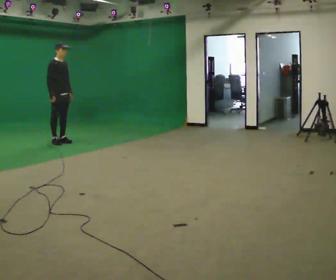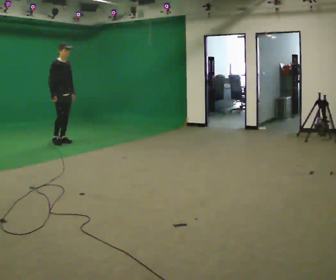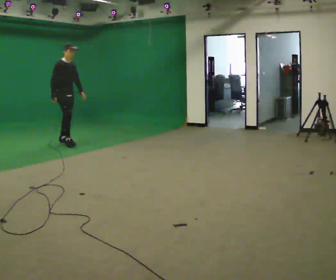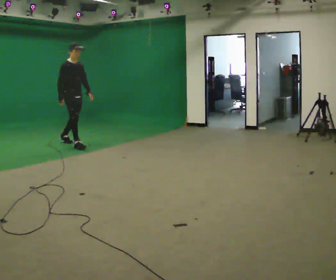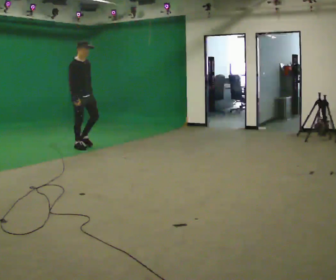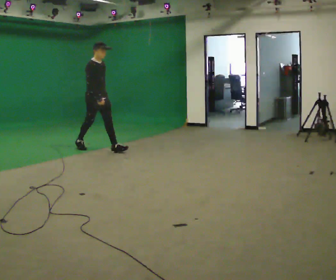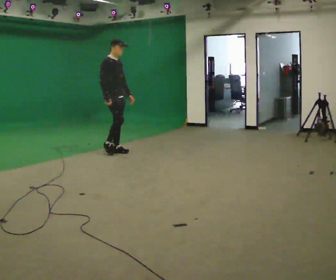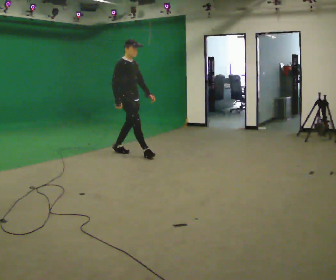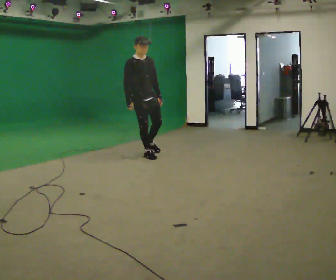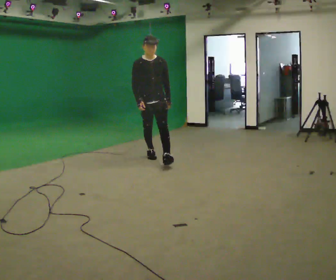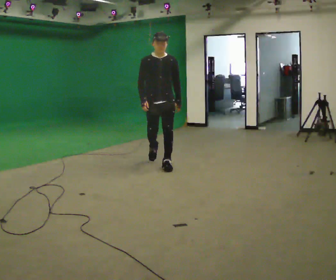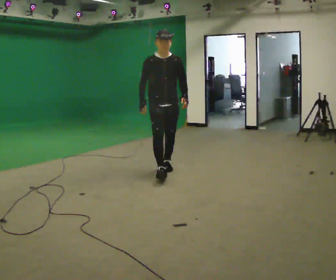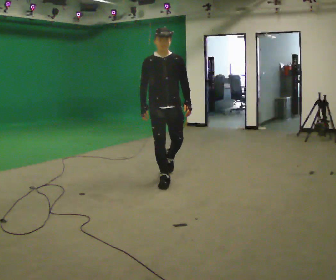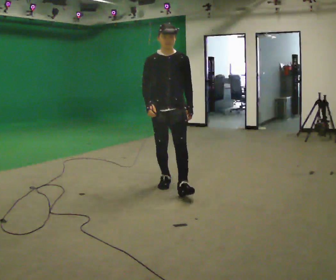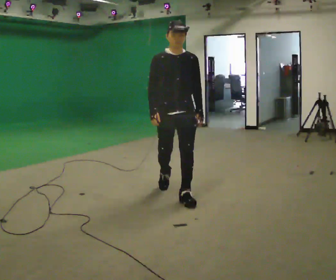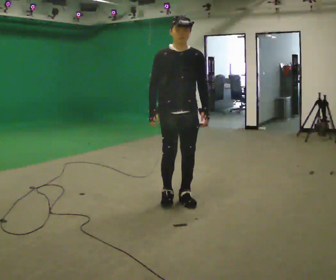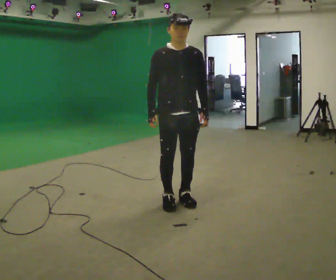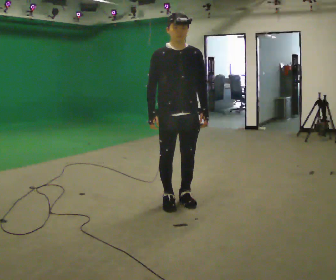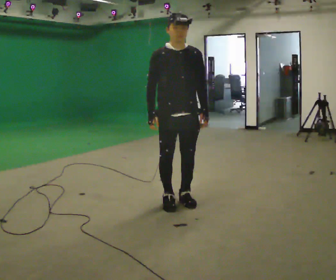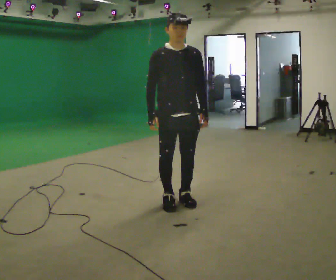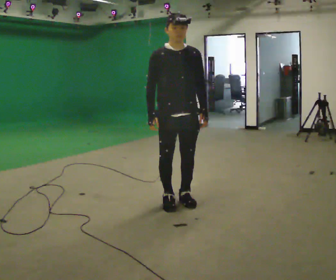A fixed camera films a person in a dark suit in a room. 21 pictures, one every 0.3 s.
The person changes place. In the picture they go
toward the camera.
0.0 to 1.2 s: In the picture they go to the right and toward the camera, about 0.75 m in 1 step, which for them is forward.
1.2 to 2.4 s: In the picture they go to the right and toward the camera, about 1 m in 2 steps, which for them is forward.
2.4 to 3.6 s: Seen from above the body turns clockwise, about 30 degrees: to their right, with its near side sliding to the left. In the picture they go toward the camera, about 1 m in 2 steps, which for them is forward.
3.6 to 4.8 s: In the picture they go toward the camera, about 1 m in 2 steps, which for them is forward.
4.8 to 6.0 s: The person moves a little, or ends about where they began.
The film runs forward here.
